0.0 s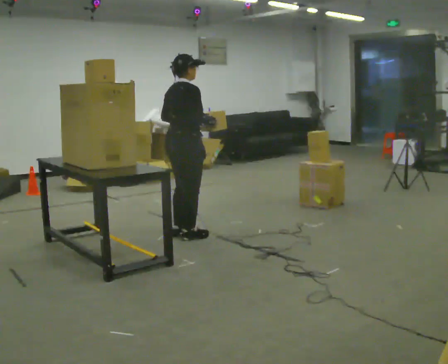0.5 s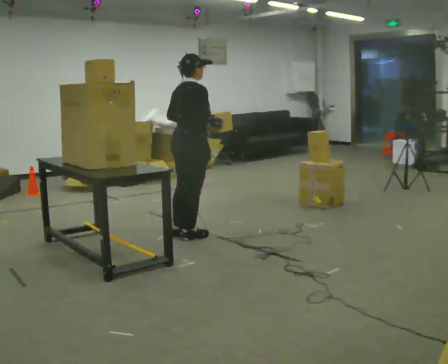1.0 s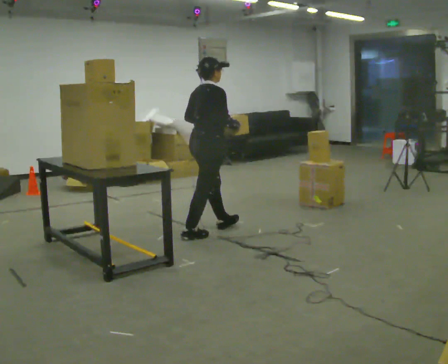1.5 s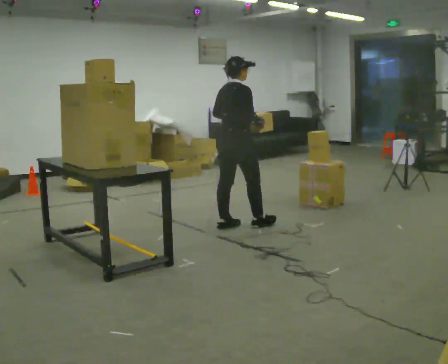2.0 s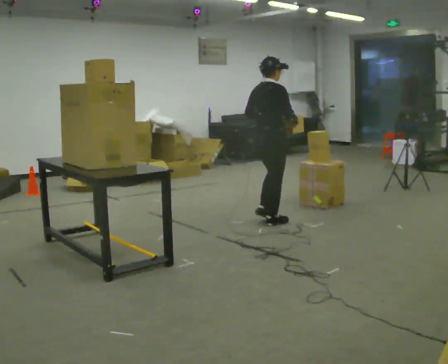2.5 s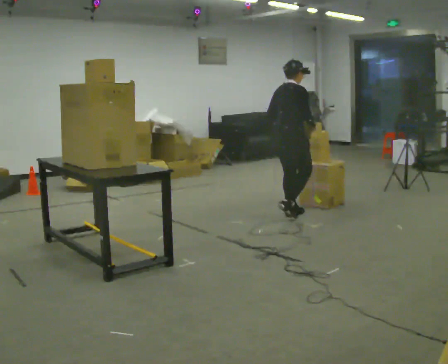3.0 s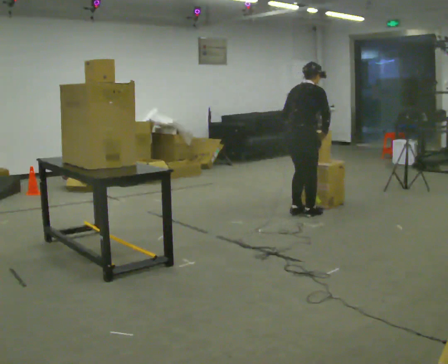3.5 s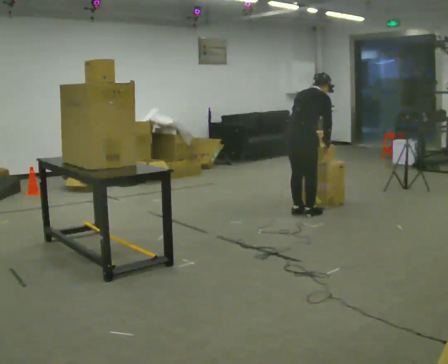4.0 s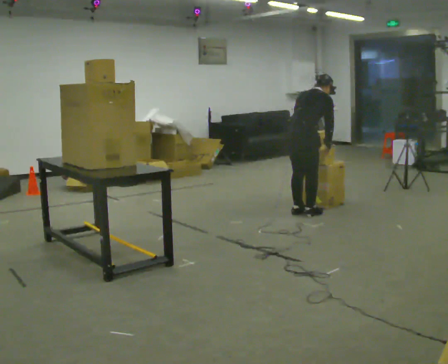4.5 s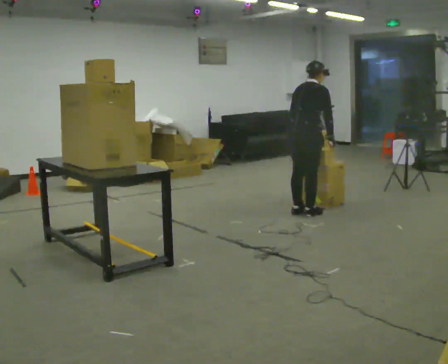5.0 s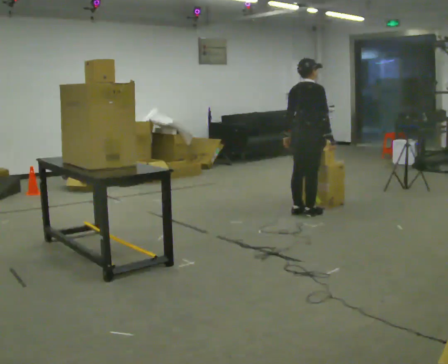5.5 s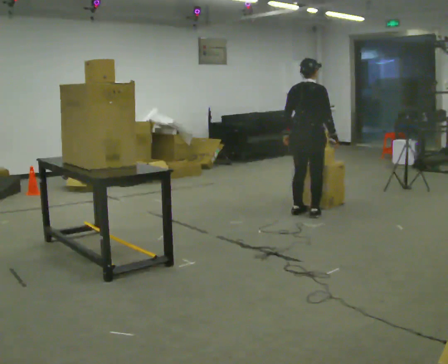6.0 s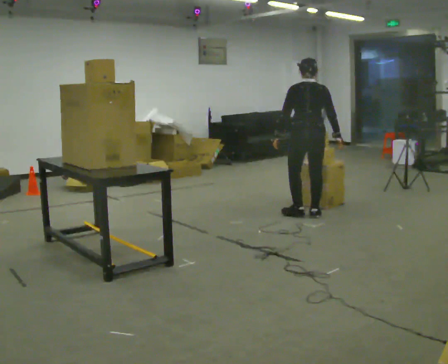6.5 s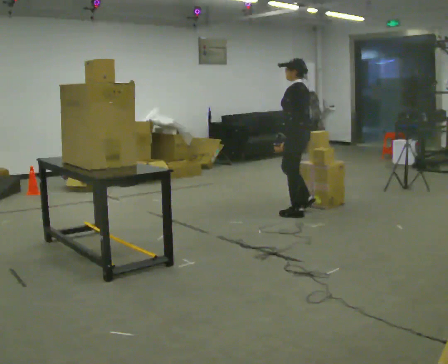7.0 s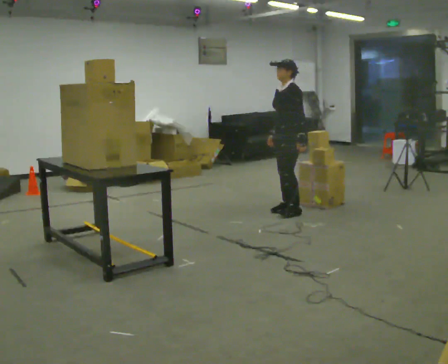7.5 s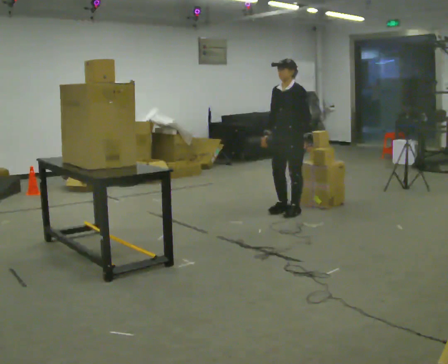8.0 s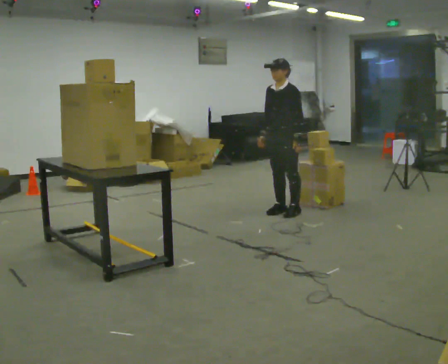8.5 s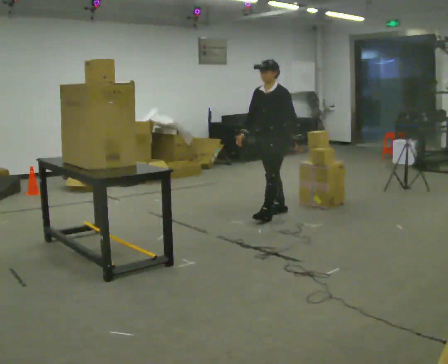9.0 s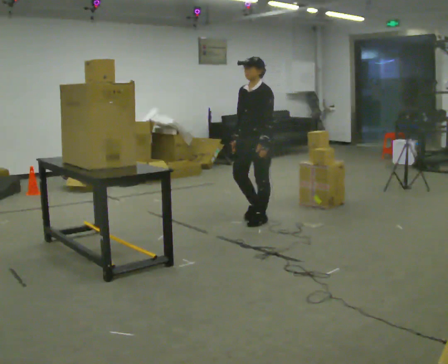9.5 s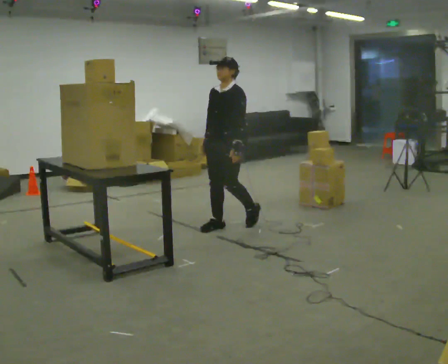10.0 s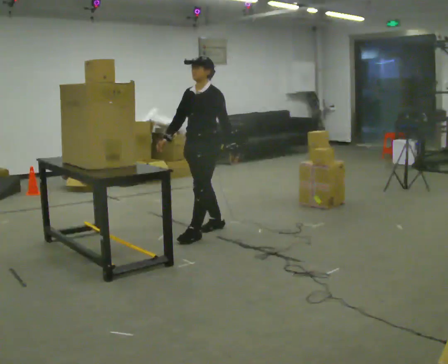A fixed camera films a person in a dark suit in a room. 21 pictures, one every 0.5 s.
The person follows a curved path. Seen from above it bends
counterclockwise.
The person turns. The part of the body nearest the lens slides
to the right.
0.0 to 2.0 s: In the picture they go to the right and away from the camera, about 1 m in 2 steps, which for them is forward.
2.0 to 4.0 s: In the picture they go away from the camera and to the right, about 0.5 m in 2 steps, which for them is forward. The upper body tips away from the camera, its near side rolling upward, as they bend forward.
4.0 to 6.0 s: The person turns about 60 degrees to their left, counterclockwise seen from above, so the part of the body nearest the lens slides to the right. The upper body tips toward the camera, its near side rolling downward, as they lean back or straighten.
6.0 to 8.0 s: Seen from above the body turns counterclockwise, about 120 degrees: to their left, with its near side sliding to the right. In the picture they go to the left, about 0.25 m in 1 step.
8.0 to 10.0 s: In the picture they go toward the camera and to the left, about 1 m in 3 steps, which for them is forward.
The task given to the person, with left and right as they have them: Take an object down from the highest shelf you can comfortably reach, carry it across, and place it on the waist-height shelf. Keep going until the operator says stop; one object at a time, and do not rush between trips.
The film runs forward here.
